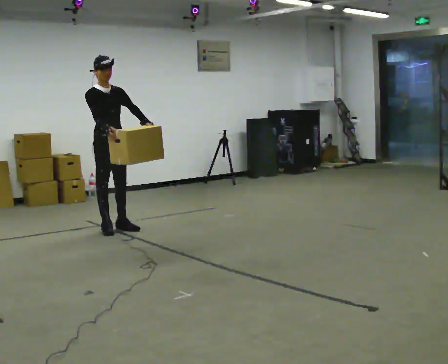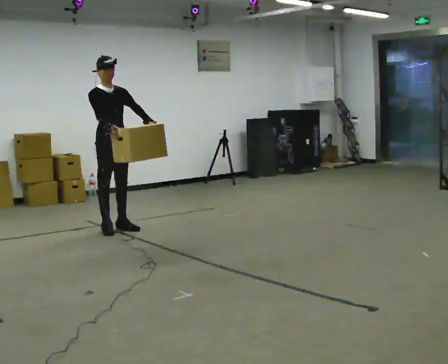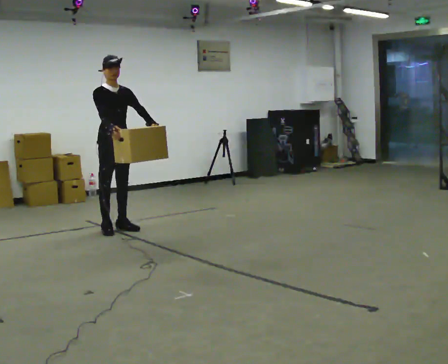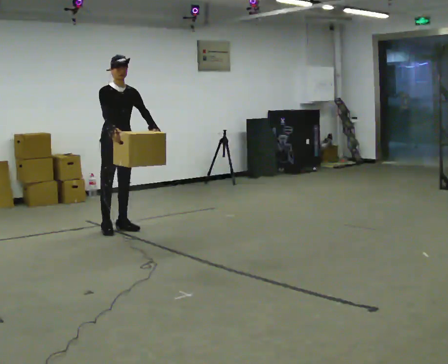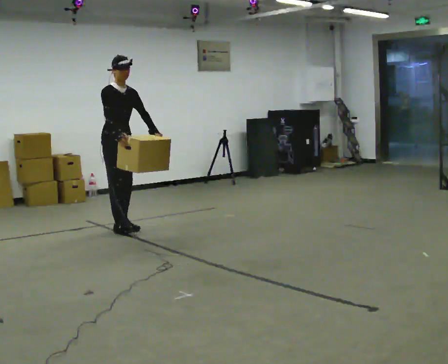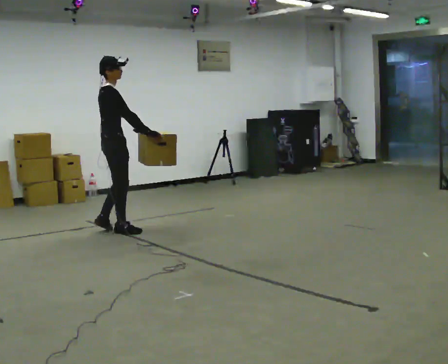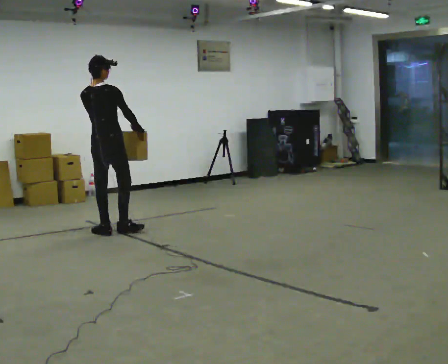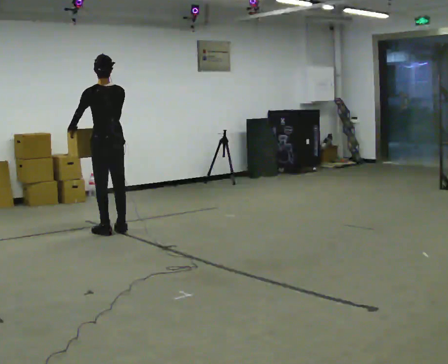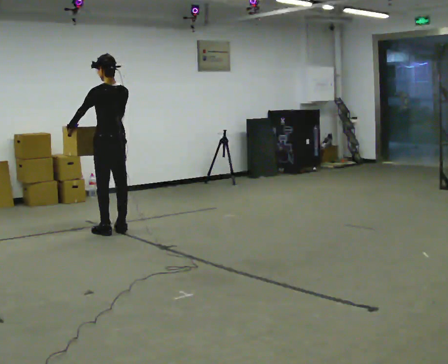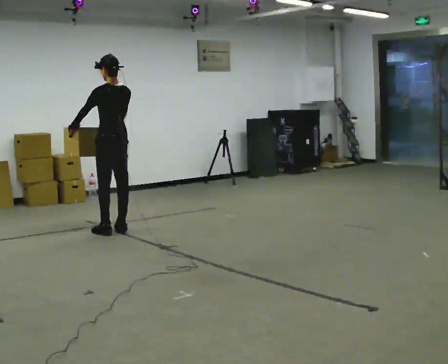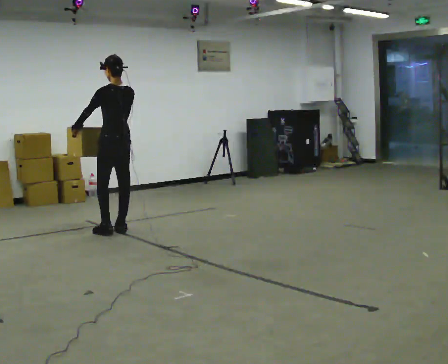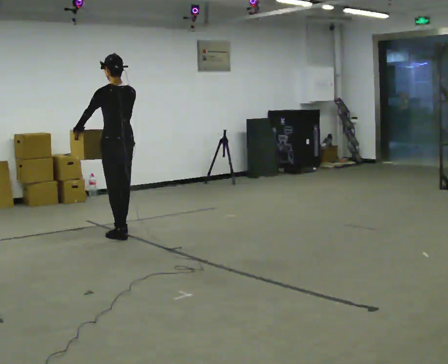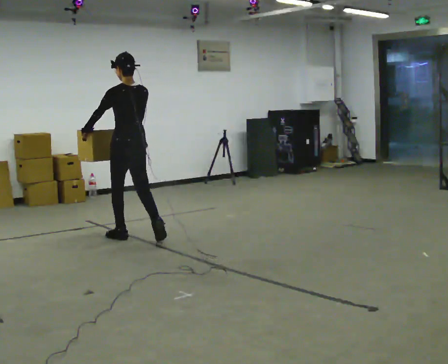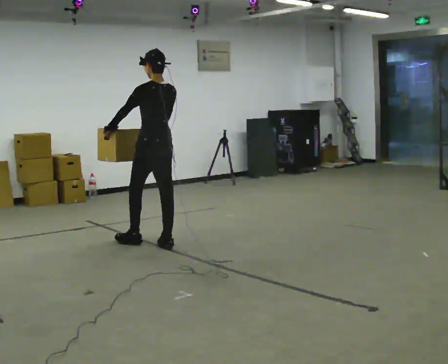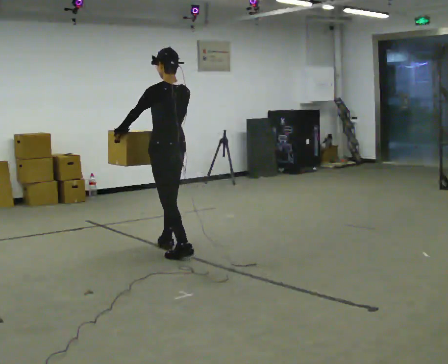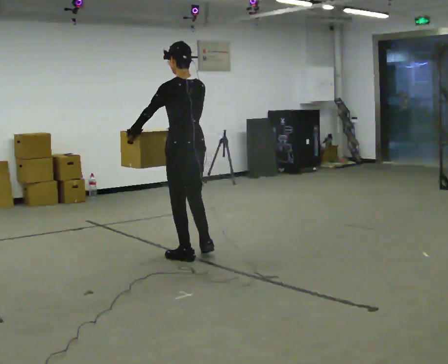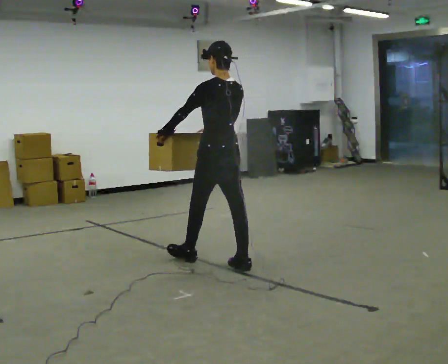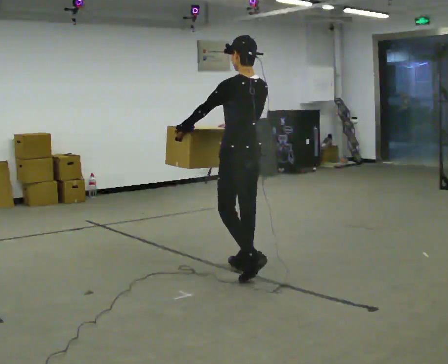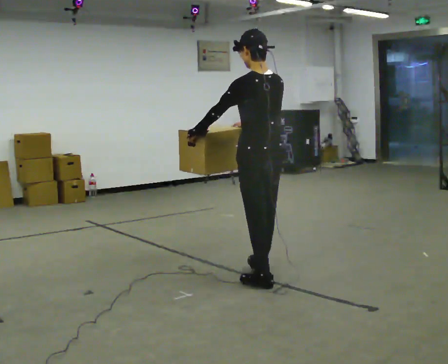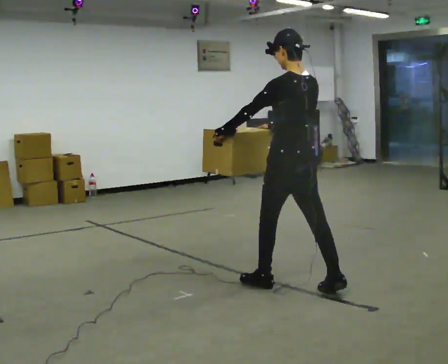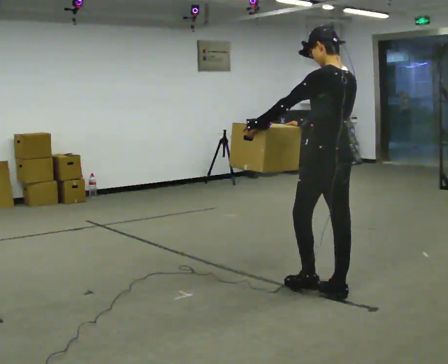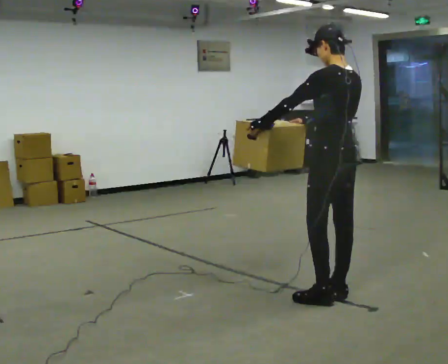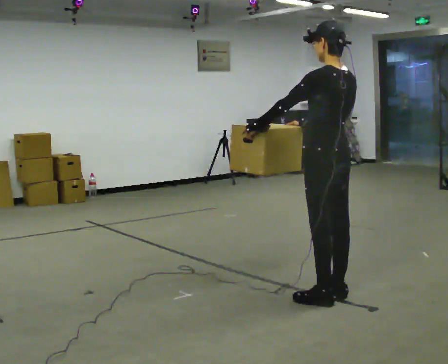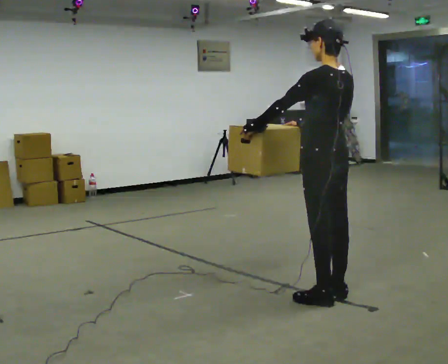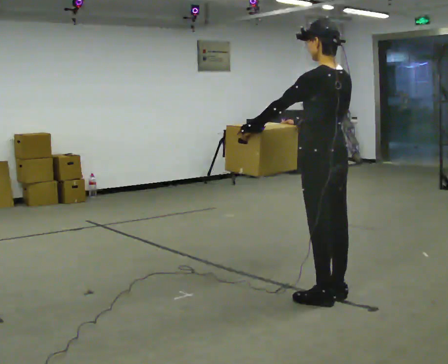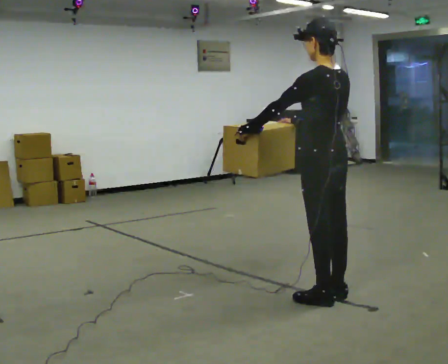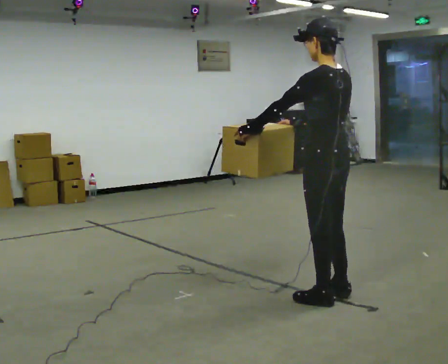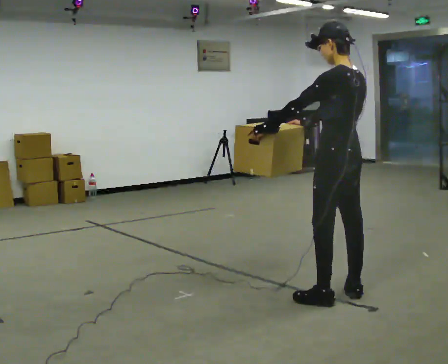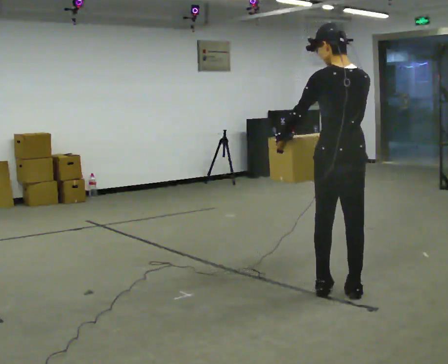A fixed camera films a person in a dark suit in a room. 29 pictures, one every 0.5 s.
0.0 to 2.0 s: The person moves a little, or ends about where they began.
2.0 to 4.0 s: The part of the body nearest the lens slides to the right as the person turns to their left by about 165 degrees. In the picture they go toward the camera, about 0.25 m in 1 step. In the picture their left hand goes to the left, the arm swinging clockwise.
4.0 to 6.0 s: In the picture they go toward the camera and to the right, about 0.5 m in 2 steps, which for them is backward.
6.0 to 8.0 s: In the picture they go toward the camera and to the right, about 1 m in 3 steps, which for them is backward.
8.0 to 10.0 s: In the picture they go toward the camera and to the right, about 1 m in 2 steps, which for them is backward.
10.0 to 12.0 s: The person moves a little, or ends about where they began.
12.0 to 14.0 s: The part of the body nearest the lens slides to the left as the person turns to their right by about 30 degrees.
The film runs backward here.
